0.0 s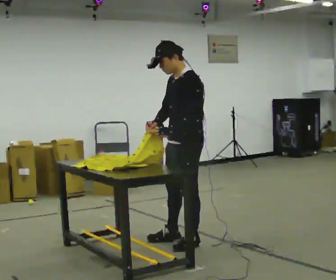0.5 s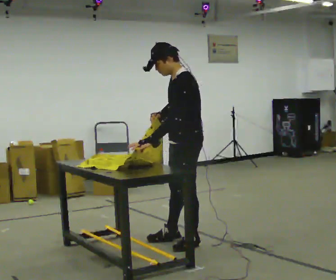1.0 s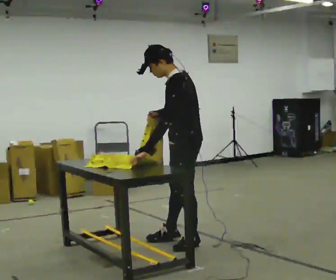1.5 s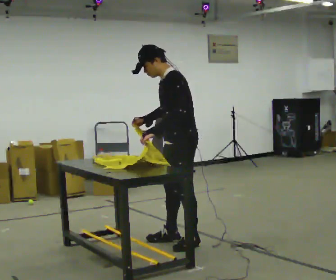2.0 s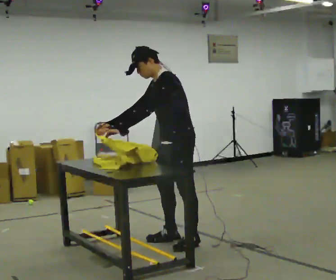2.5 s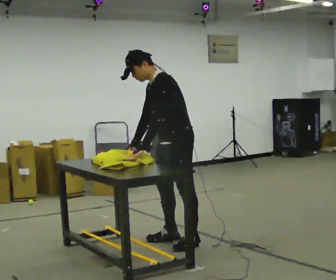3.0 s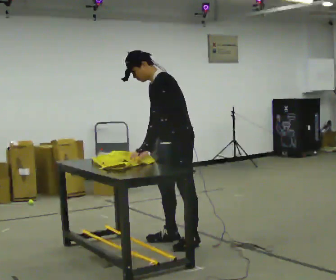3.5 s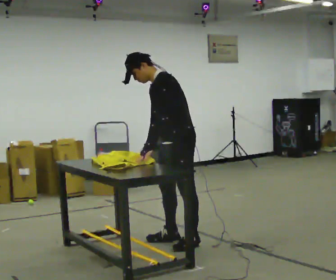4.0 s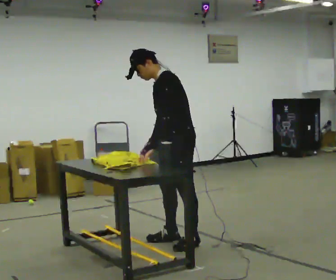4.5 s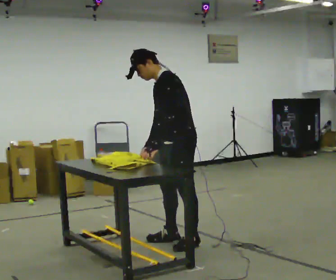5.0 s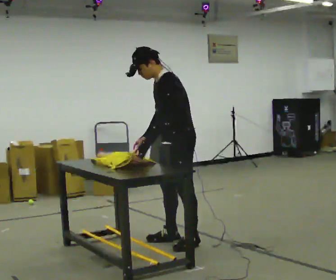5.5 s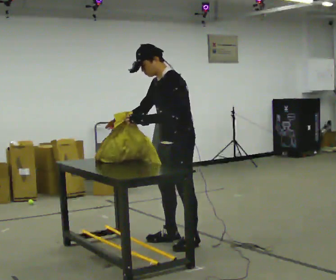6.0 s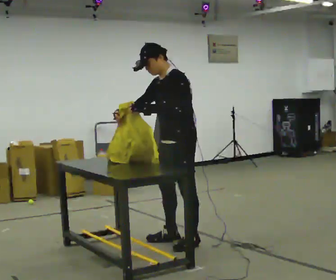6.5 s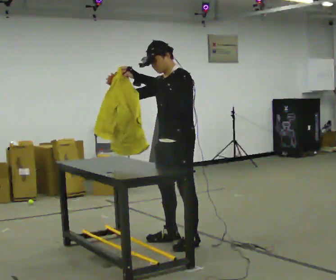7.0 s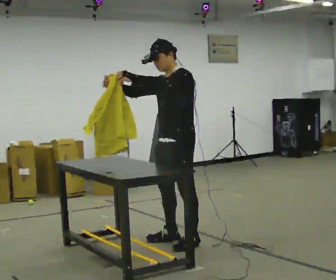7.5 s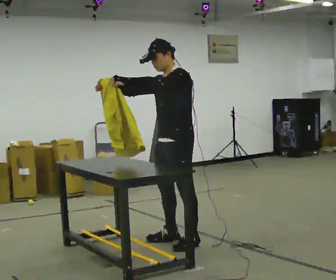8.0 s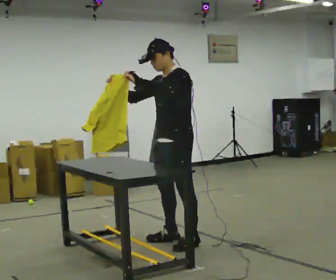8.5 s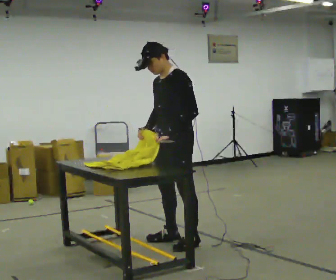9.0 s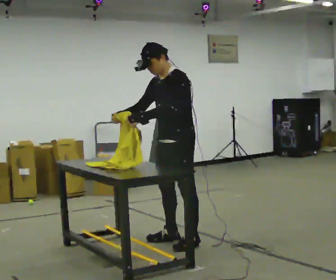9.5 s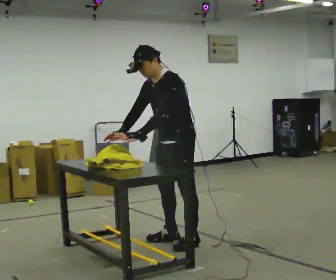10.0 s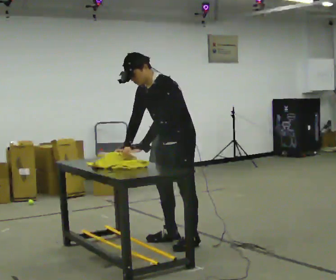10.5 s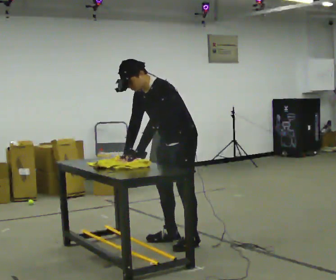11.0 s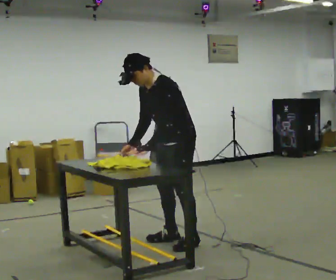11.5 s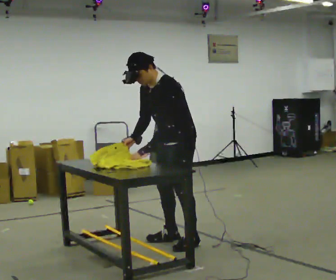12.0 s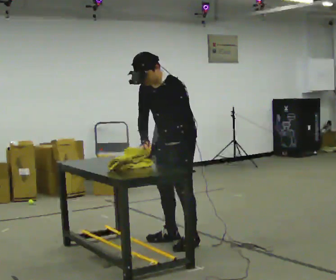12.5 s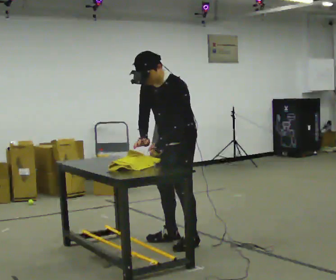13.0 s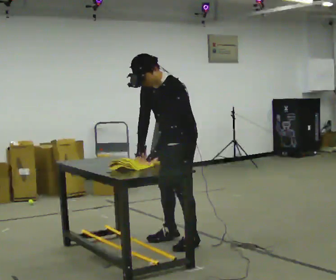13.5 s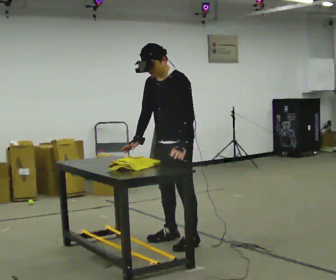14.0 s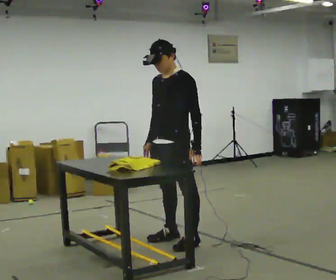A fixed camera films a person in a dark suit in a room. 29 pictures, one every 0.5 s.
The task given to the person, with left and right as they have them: Fold the cloth in half, then in half again, then unfold it. Repeat at your own pace until the operator says stop. Keep both feet on the marked spots for the whole take. If you have to step, stop and tell the operator.
0.0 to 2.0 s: In the picture the upper body tilts counterclockwise, shoulders to the left. In the picture their left hand goes to the left.
2.0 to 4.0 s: In the picture their right hand goes to the right.
4.0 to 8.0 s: In the picture the upper body tilts clockwise, shoulders to the right, as they lean back or straighten. In the picture their right hand goes upward, the arm swinging clockwise.
8.0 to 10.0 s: In the picture the upper body tilts counterclockwise, shoulders to the left, as they bend forward. In the picture their left hand goes downward.
10.0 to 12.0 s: The person moves a little, or ends about where they began.
12.0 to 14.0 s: The upper body tips away from the camera, its near side rolling upward, as they lean back or straighten.
The film runs forward here.
